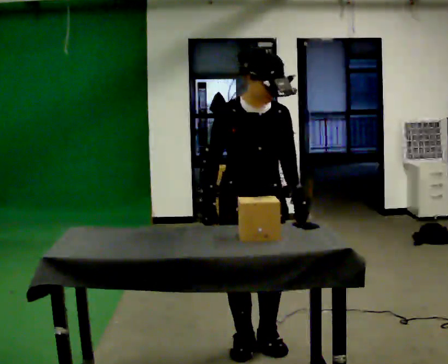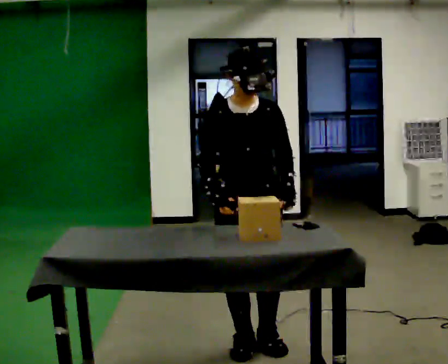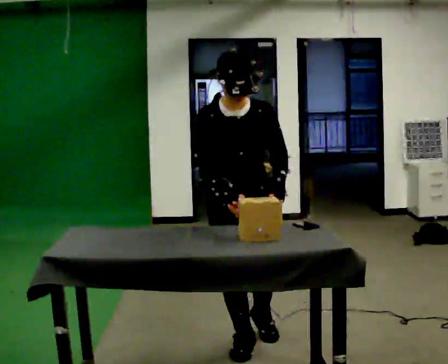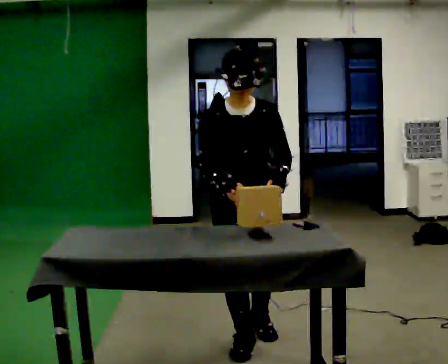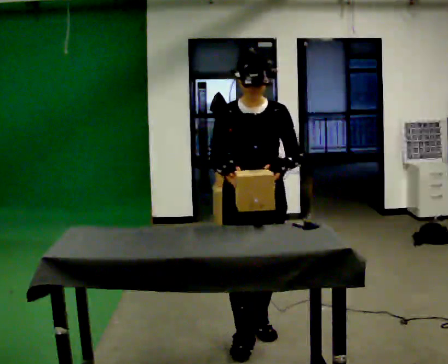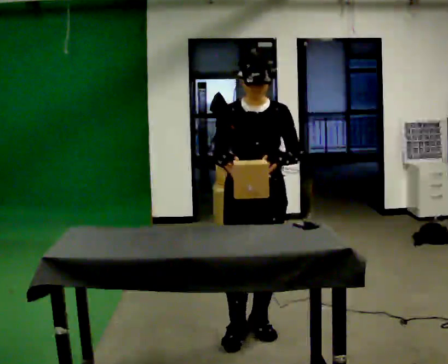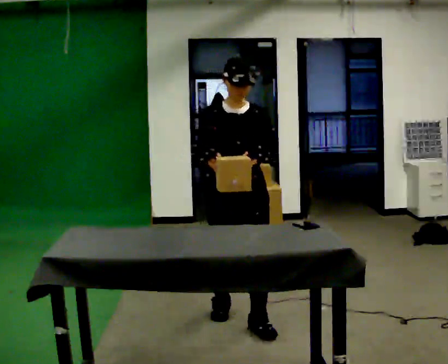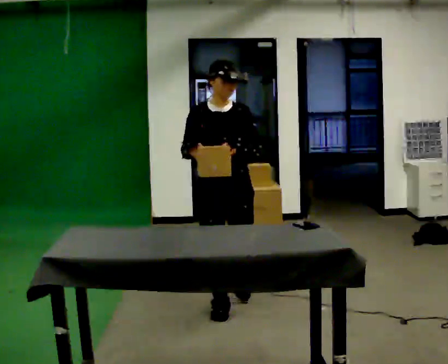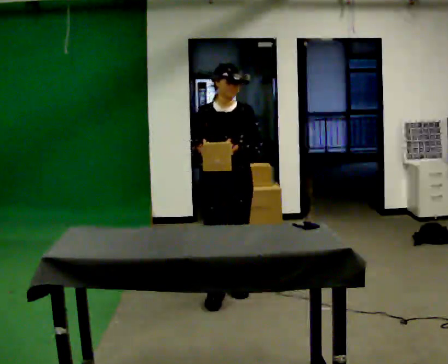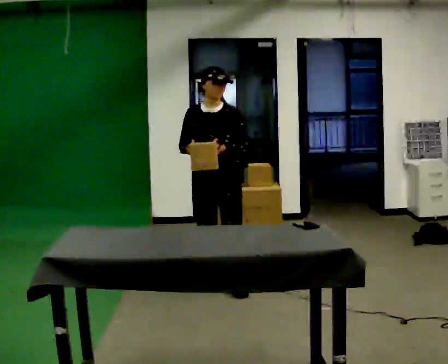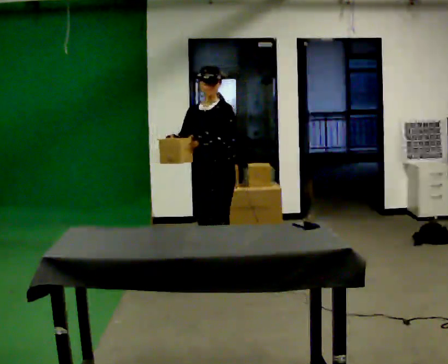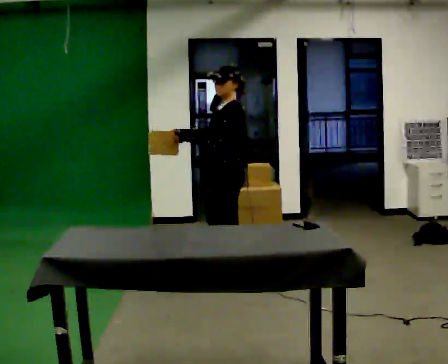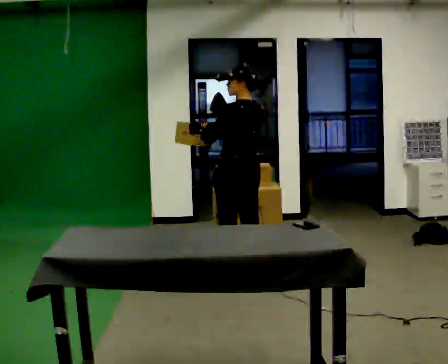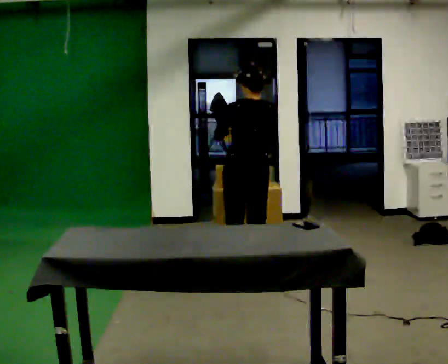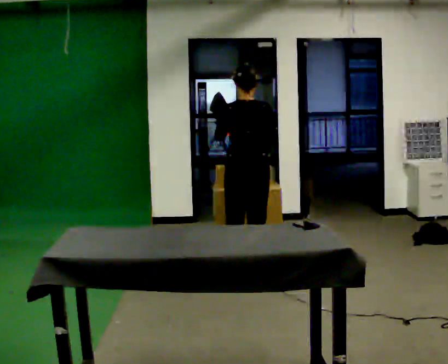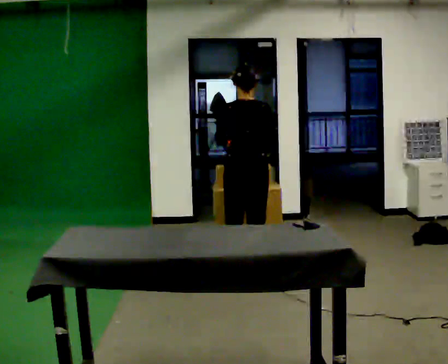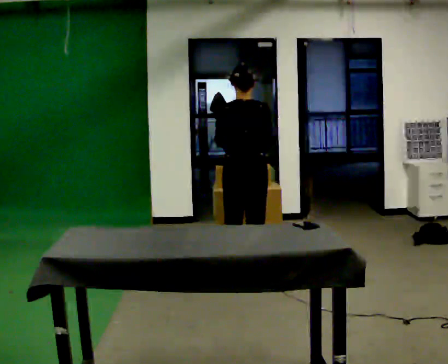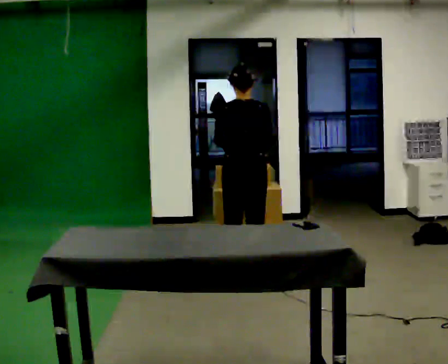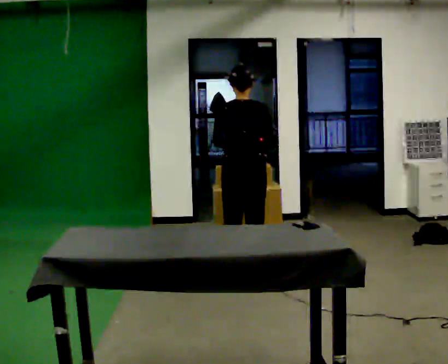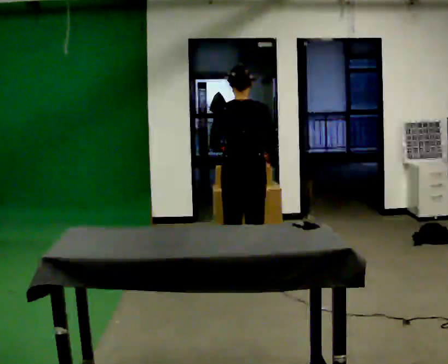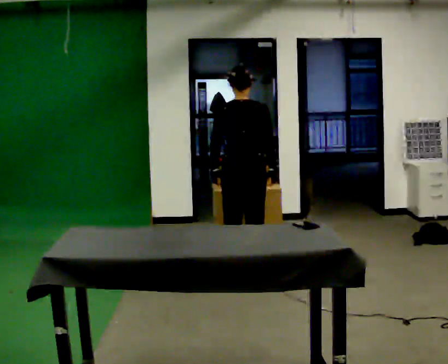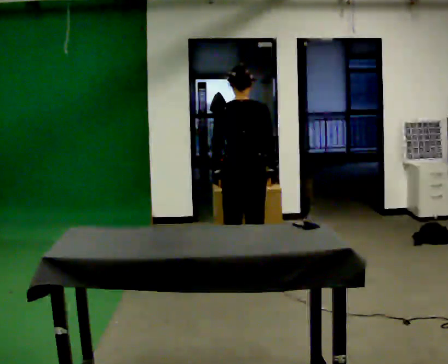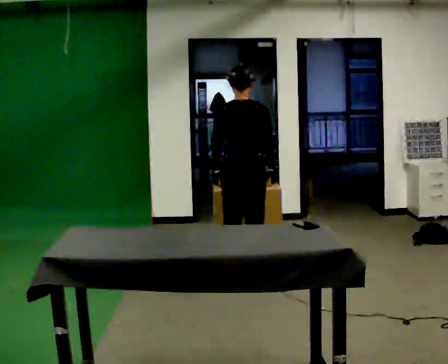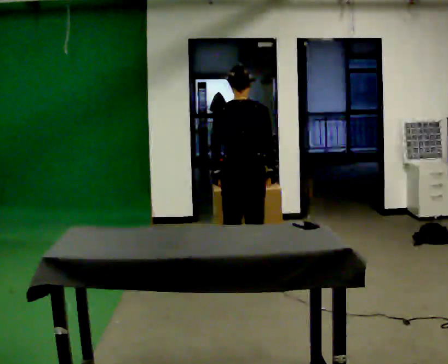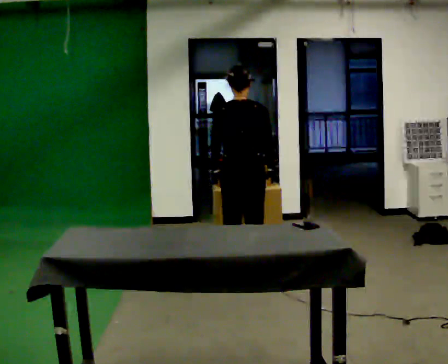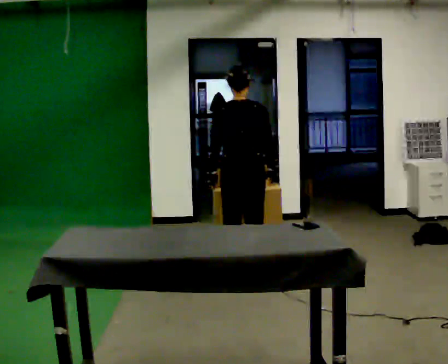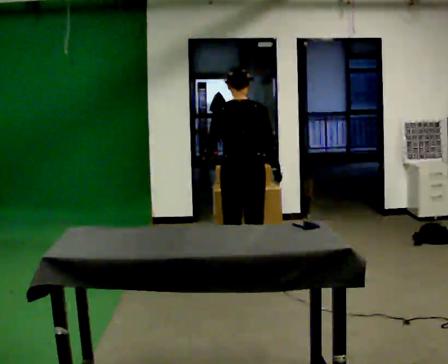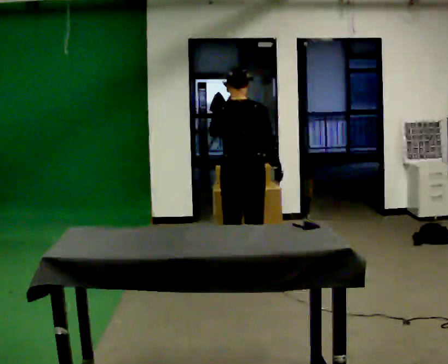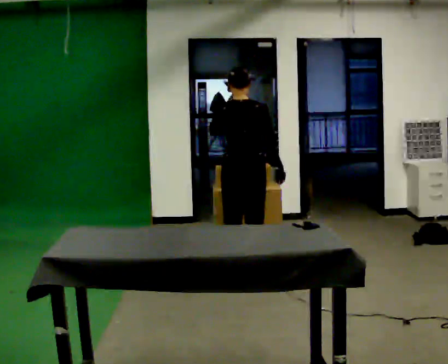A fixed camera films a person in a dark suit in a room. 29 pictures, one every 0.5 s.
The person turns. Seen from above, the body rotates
clockwise.
The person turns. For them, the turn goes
to their right.
0.0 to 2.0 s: The person moves a little, or ends about where they began.
2.0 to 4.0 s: In the picture they go away from the camera, about 1 m in 3 steps, which for them is backward.
4.0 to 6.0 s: Seen from above the body turns clockwise, about 135 degrees: to their right, with its near side sliding to the left. In the picture they go away from the camera, about 0.5 m in 2 steps.
6.0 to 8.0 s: The person turns about 45 degrees to their right, clockwise seen from above, so the part of the body nearest the lens slides to the left. In the picture their right hand goes to the right.
8.0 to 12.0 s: The person moves a little, or ends about where they began.
12.0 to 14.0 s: In the picture their left hand goes upward.
The film runs backward here.
